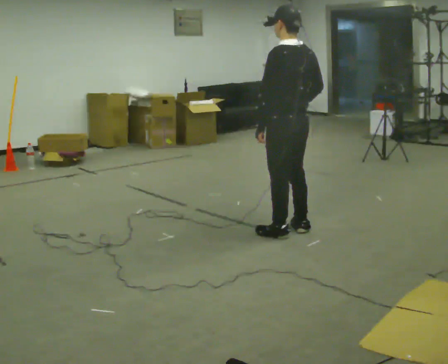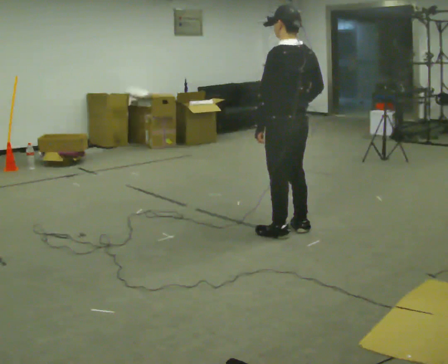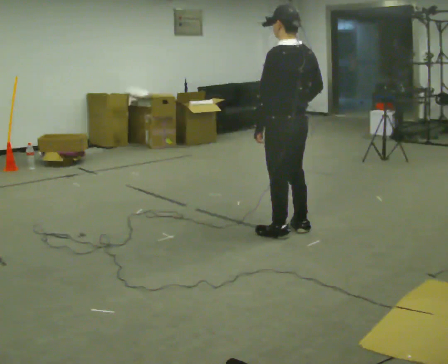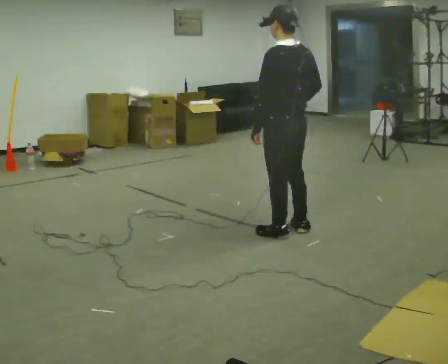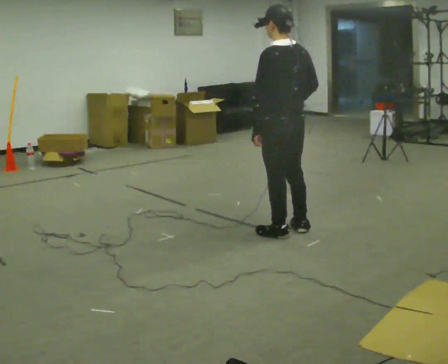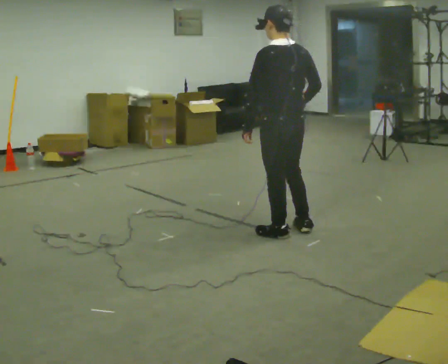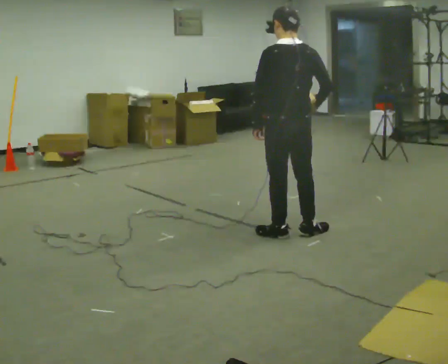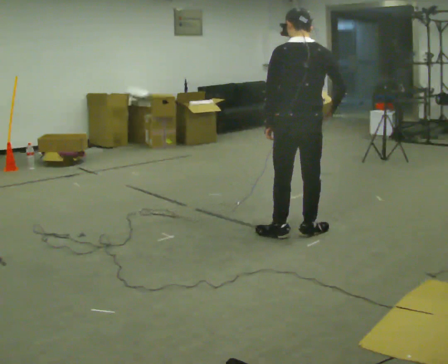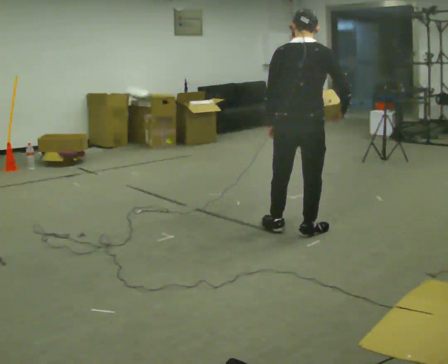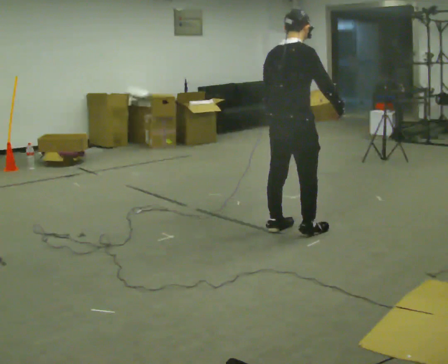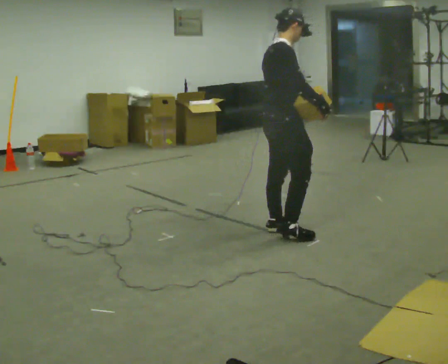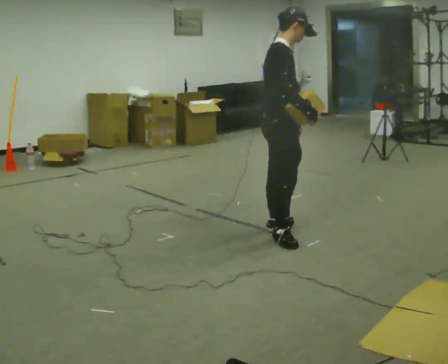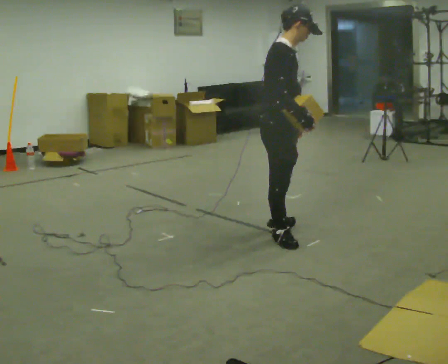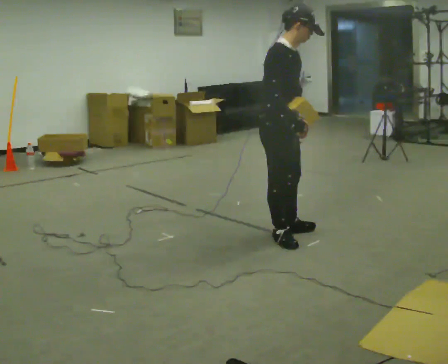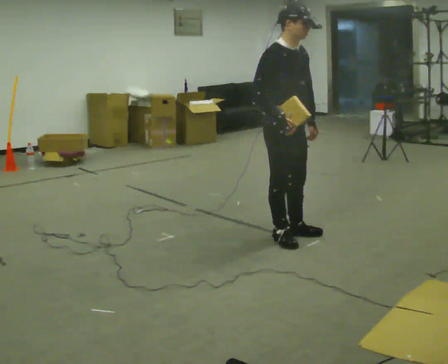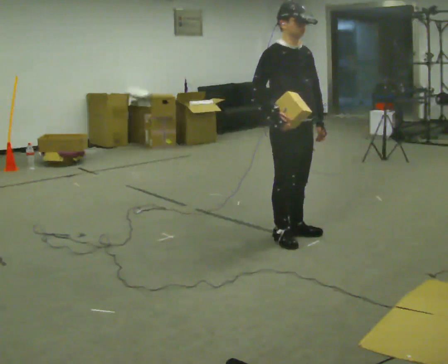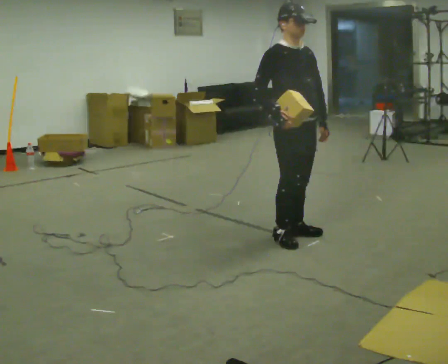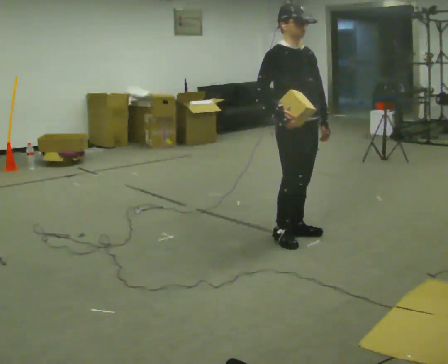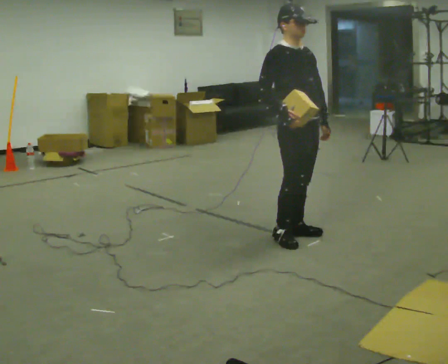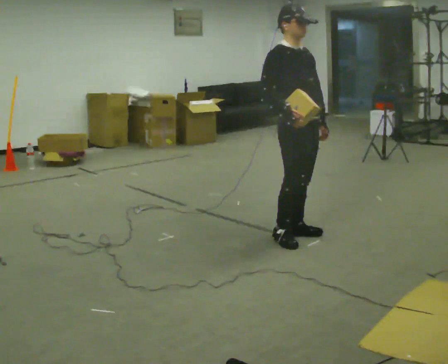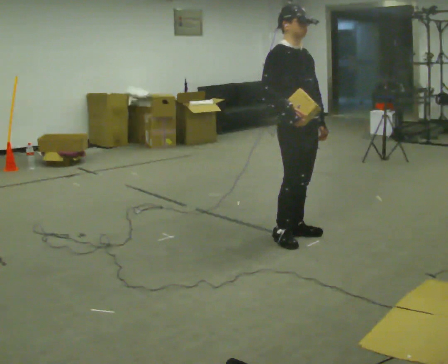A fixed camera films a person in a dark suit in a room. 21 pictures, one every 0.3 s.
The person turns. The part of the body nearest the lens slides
to the left.
The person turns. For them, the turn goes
to their right.
0.0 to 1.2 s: The person moves a little, or ends about where they began.
1.2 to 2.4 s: The part of the body nearest the lens slides to the left as the person turns to their right by about 45 degrees. In the picture their right hand goes to the right.
2.4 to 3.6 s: Seen from above the body turns clockwise, about 90 degrees: to their right, with its near side sliding to the left. In the picture they go to the left, about 0.25 m.
3.6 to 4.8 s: The part of the body nearest the lens slides to the left as the person turns to their right by about 45 degrees.
4.8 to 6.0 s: The person moves a little, or ends about where they began.
The film runs backward here.
